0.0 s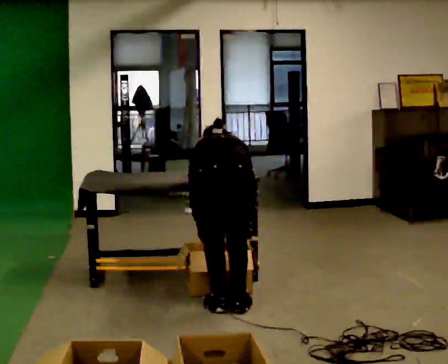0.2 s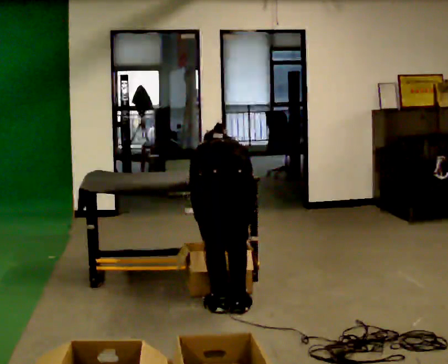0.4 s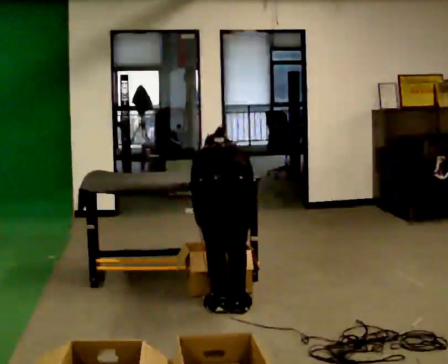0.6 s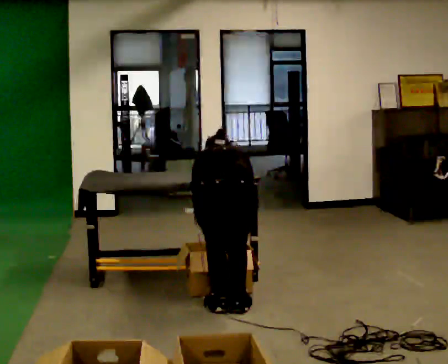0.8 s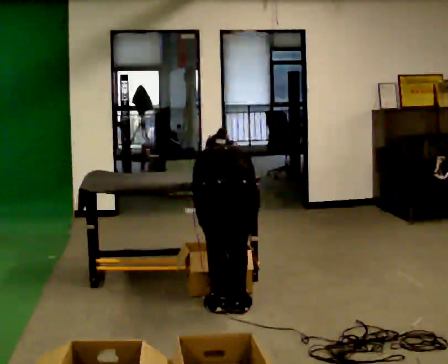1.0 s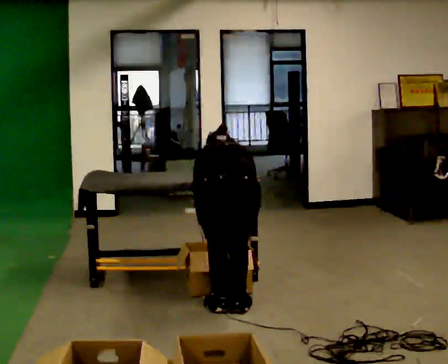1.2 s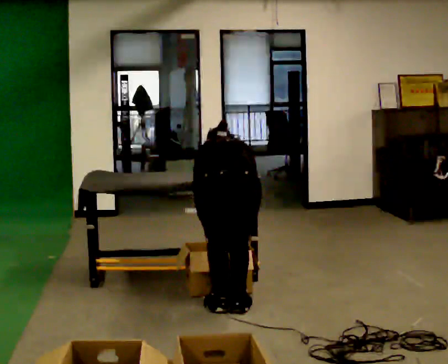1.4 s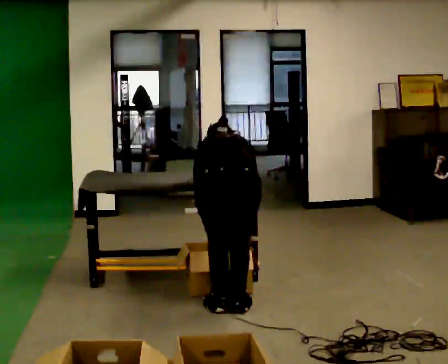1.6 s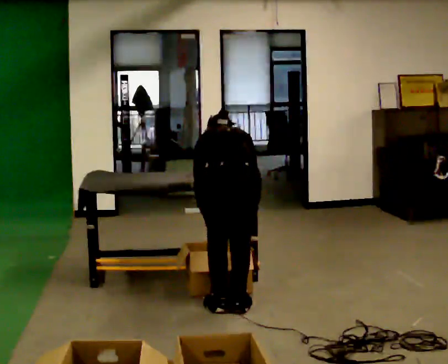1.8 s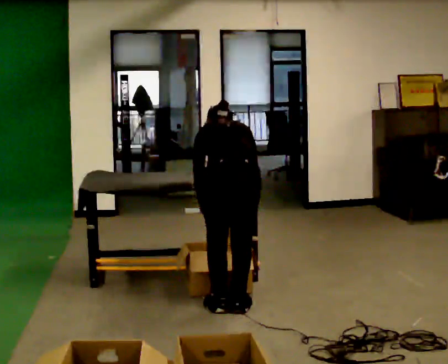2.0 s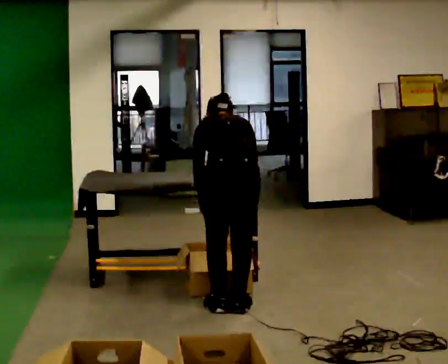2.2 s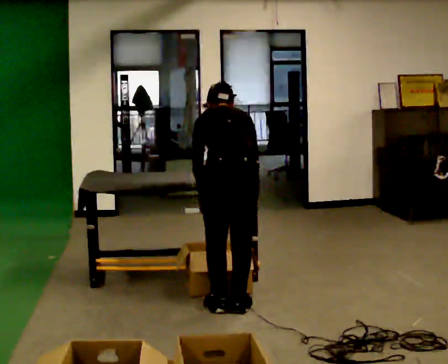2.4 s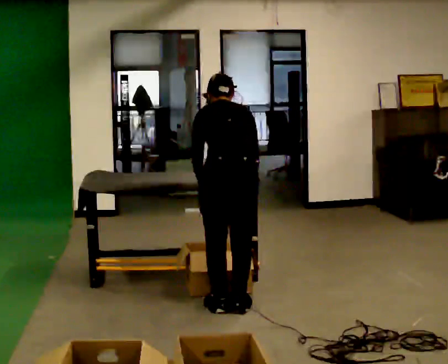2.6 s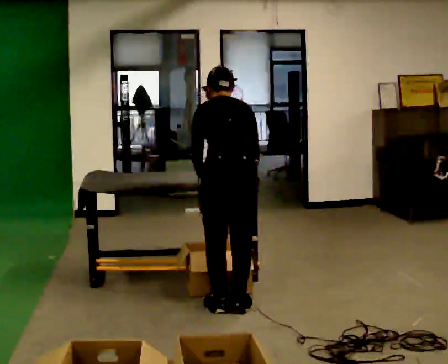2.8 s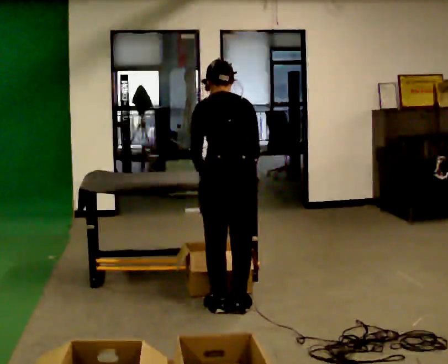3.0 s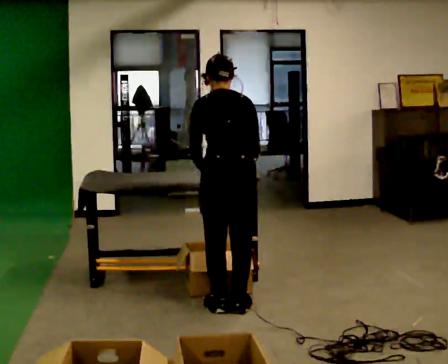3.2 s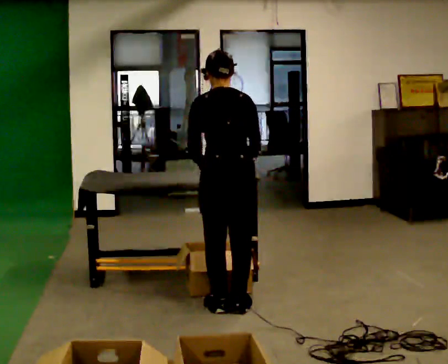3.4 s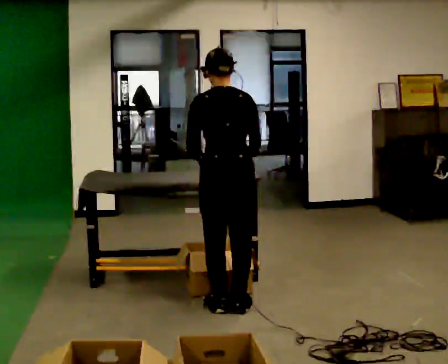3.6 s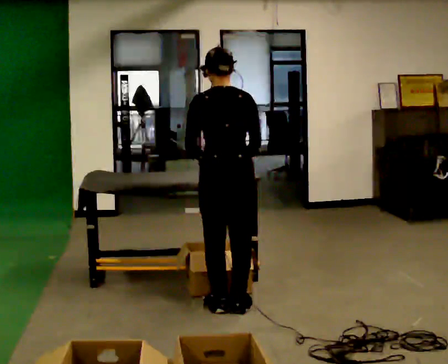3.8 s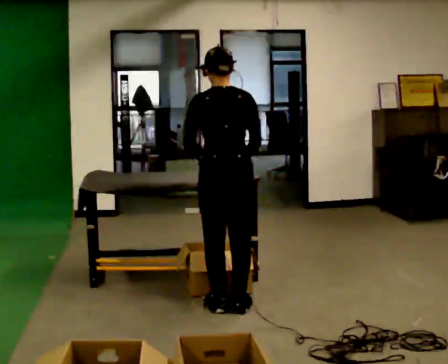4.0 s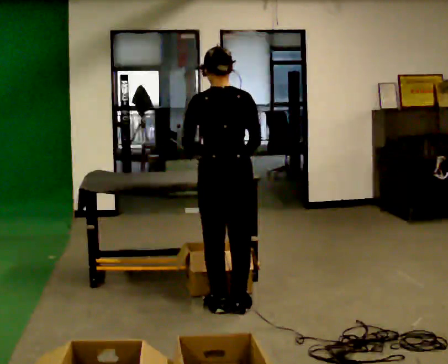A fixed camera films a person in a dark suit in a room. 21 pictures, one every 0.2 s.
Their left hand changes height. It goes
upward.
The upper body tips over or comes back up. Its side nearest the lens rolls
downward.
0.0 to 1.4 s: The person moves a little, or ends about where they began.
1.4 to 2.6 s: The upper body goes upward. The upper body tips toward the camera, its near side rolling downward, as they lean back or straighten.
2.6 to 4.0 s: The upper body tips toward the camera, its near side rolling downward, as they lean back or straighten.
The film runs forward here.
